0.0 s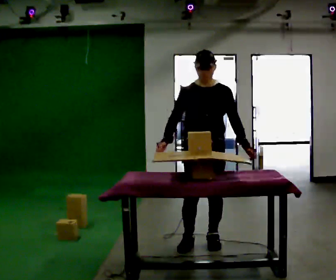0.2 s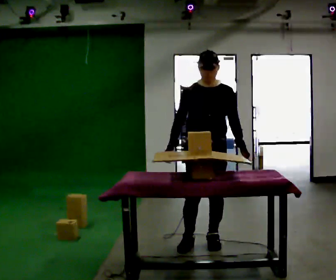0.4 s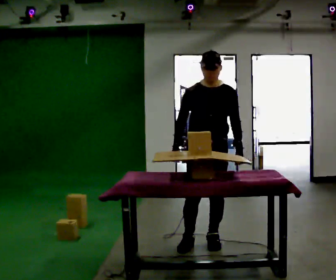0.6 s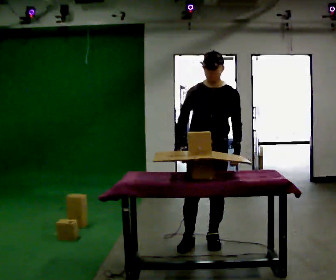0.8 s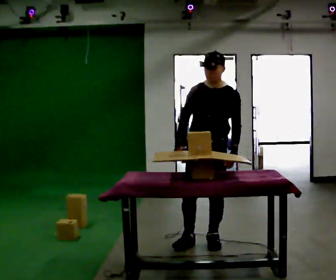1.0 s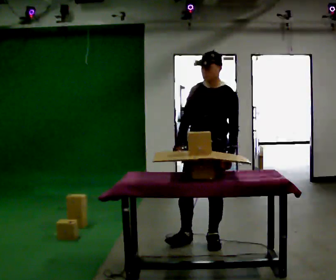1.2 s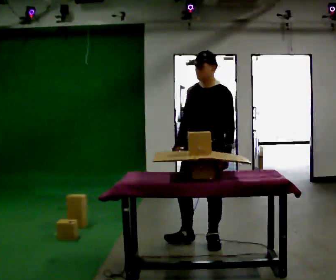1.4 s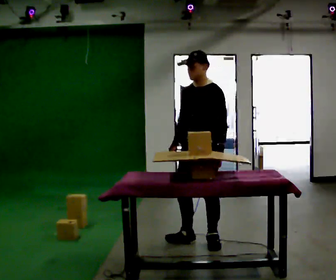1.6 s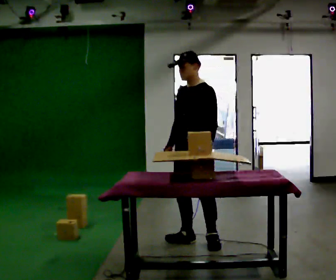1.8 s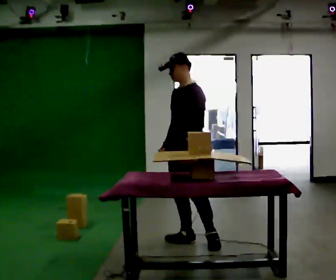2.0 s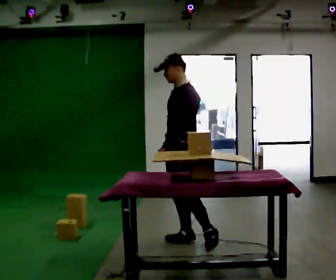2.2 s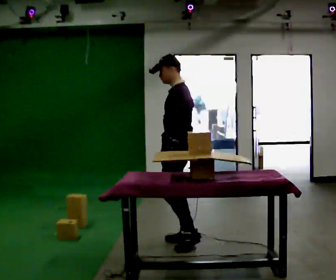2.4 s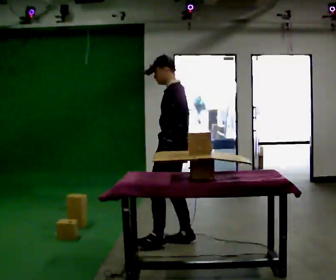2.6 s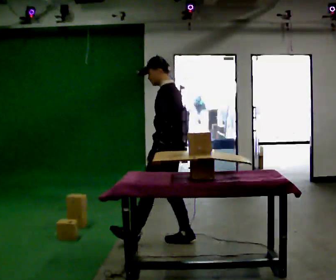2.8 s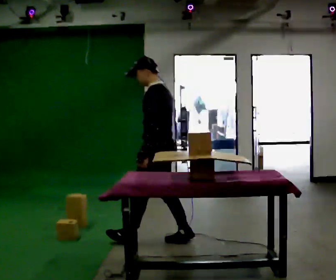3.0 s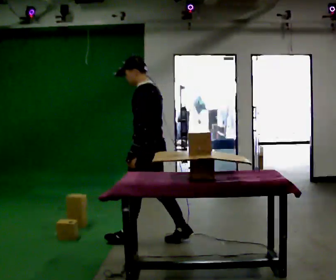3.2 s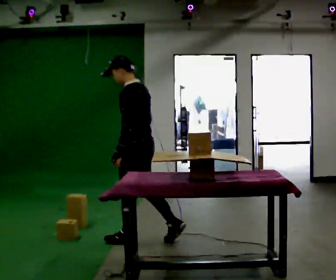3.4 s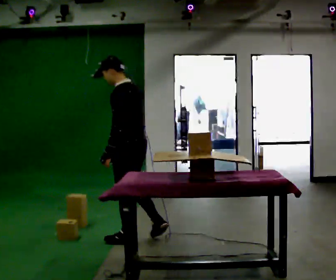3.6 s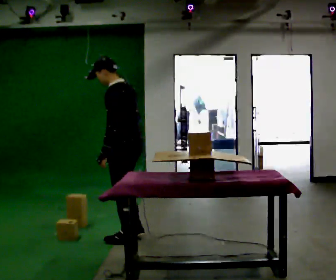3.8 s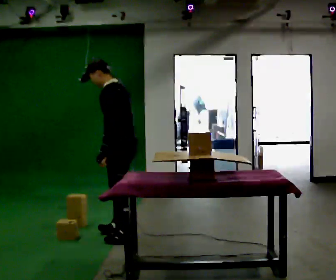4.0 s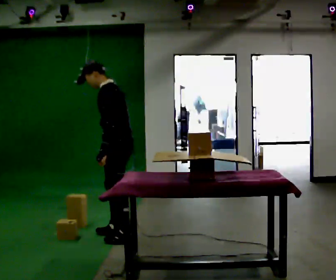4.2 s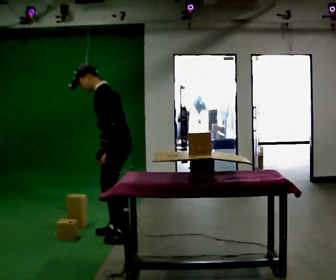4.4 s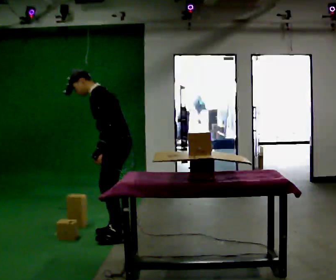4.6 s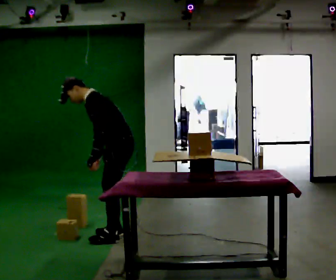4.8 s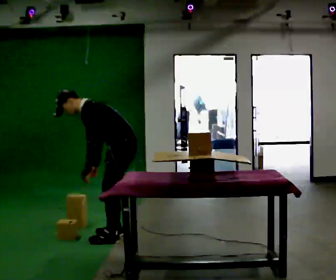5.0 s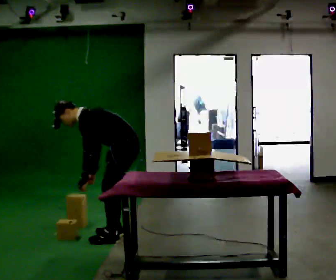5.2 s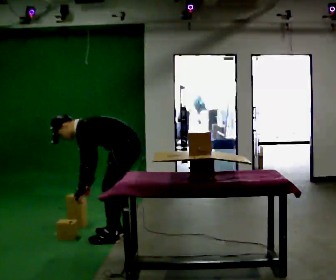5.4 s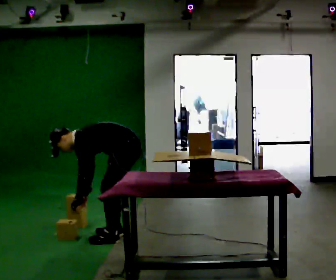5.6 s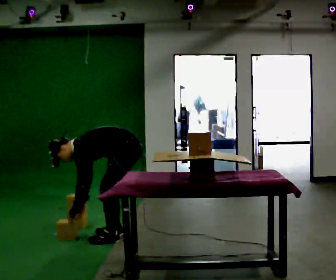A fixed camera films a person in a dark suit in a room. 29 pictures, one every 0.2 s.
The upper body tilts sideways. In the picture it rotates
counterclockwise.
The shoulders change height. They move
downward.
0.0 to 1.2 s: Seen from above the body turns clockwise, about 45 degrees: to their right, with its near side sliding to the left.
1.2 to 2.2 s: The part of the body nearest the lens slides to the left as the person turns to their right by about 45 degrees. In the picture they go to the left, about 0.25 m, which for them is to their right and forward. In the picture their left hand goes to the left.
2.2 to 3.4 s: In the picture they go to the left, about 0.5 m in 1 step, which for them is forward and to their left.
3.4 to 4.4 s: The part of the body nearest the lens slides to the right as the person turns to their left by about 30 degrees. In the picture they go away from the camera, about 0.25 m in 1 step, which for them is forward and to their right. In the picture the upper body tilts counterclockwise, shoulders to the left, as they bend forward.
4.4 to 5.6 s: The shoulders move downward. In the picture the upper body tilts counterclockwise, shoulders to the left, as they bend forward. In the picture their left hand goes downward.
The film runs forward here.
